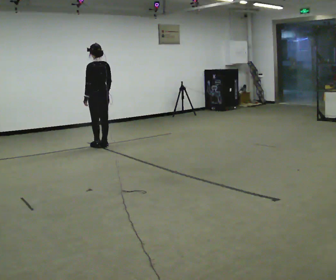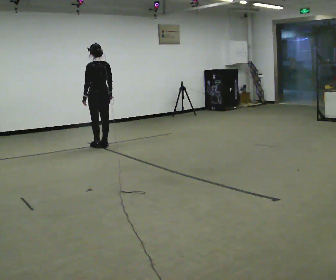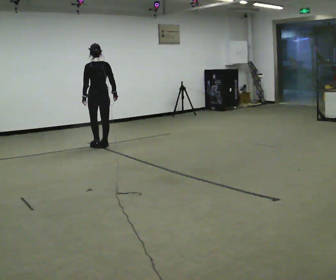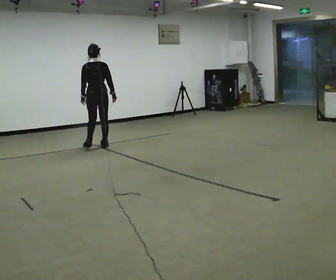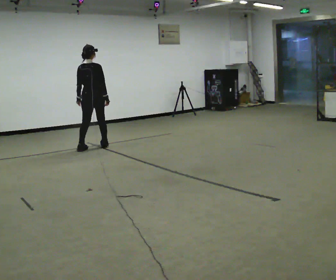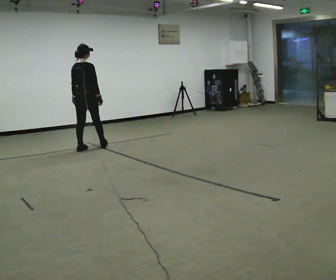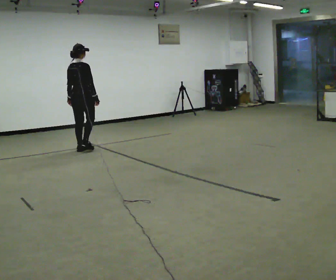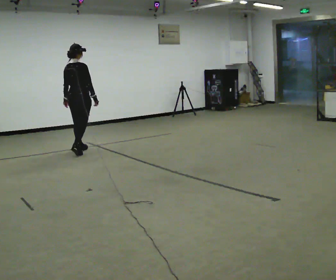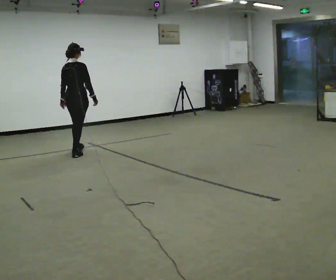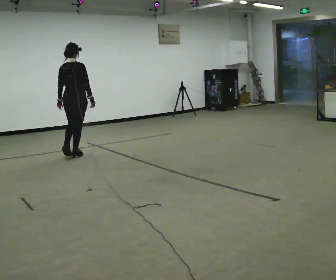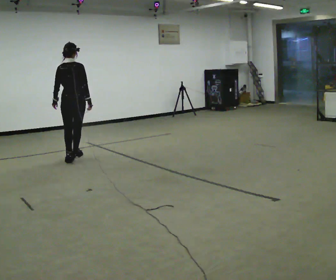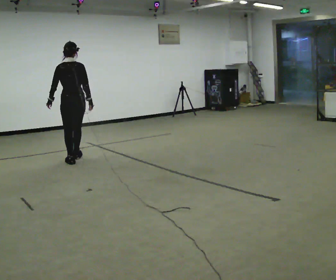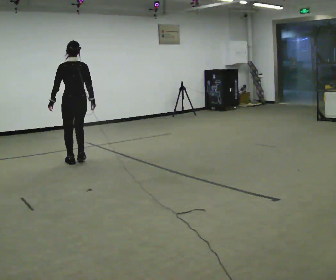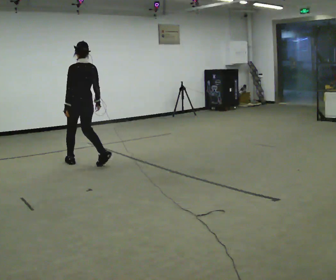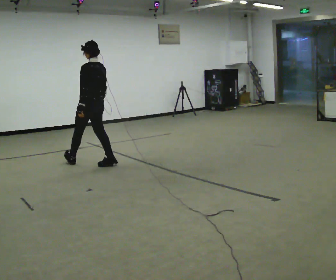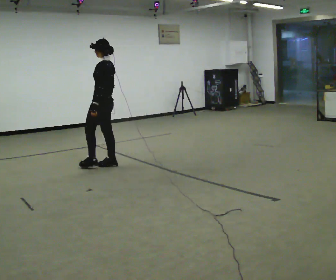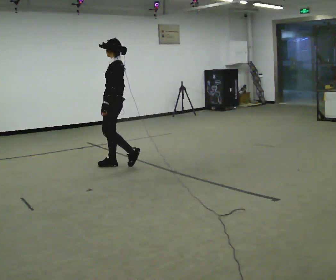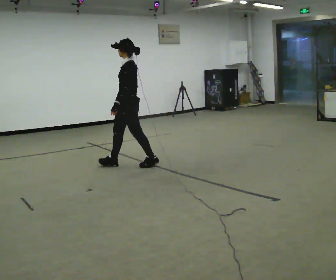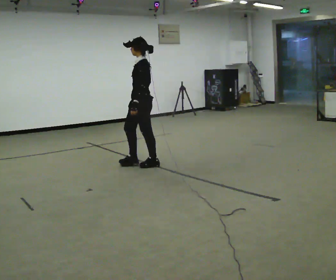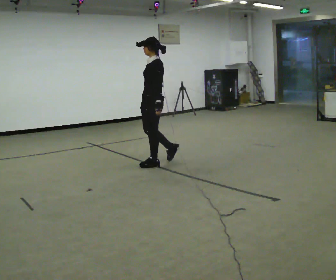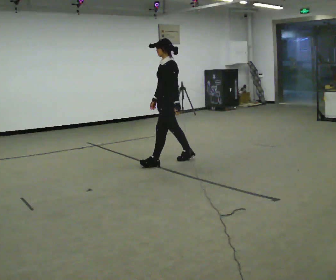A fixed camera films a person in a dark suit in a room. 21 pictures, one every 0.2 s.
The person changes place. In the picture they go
toward the camera.
The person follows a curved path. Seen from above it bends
counterclockwise.
0.0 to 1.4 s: The part of the body nearest the lens slides to the left as the person turns to their right by about 60 degrees. In the picture they go to the left and toward the camera, about 0.5 m in 2 steps.
1.4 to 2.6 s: The person turns about 60 degrees to their left, counterclockwise seen from above, so the part of the body nearest the lens slides to the right. In the picture they go toward the camera, about 0.75 m in 2 steps.
2.6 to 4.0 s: The person turns about 60 degrees to their left, counterclockwise seen from above, so the part of the body nearest the lens slides to the right. In the picture they go to the right, about 1 m in 2 steps.
The film runs backward here.
